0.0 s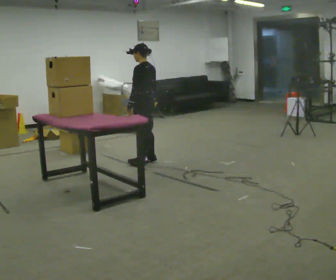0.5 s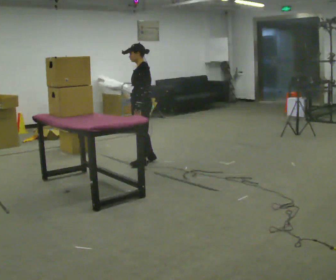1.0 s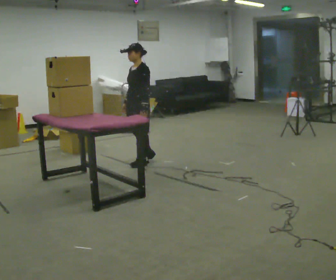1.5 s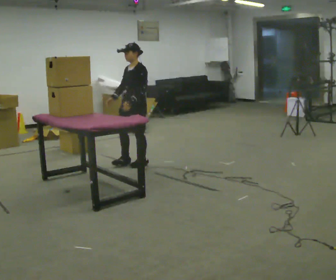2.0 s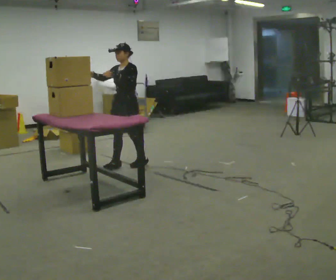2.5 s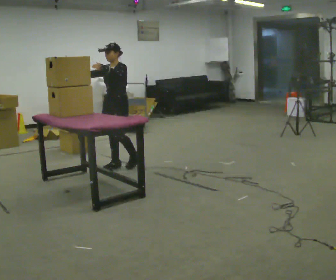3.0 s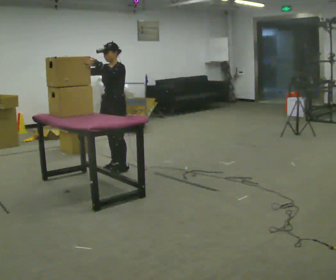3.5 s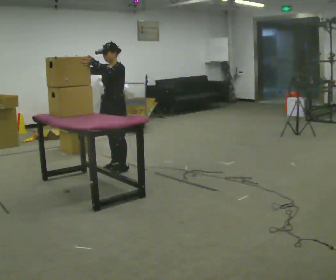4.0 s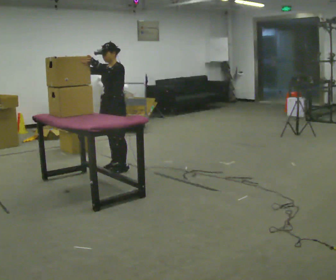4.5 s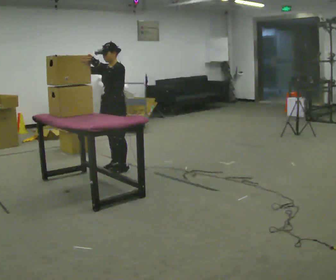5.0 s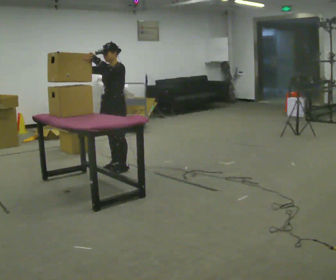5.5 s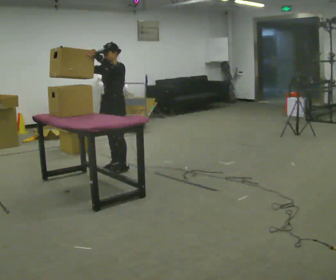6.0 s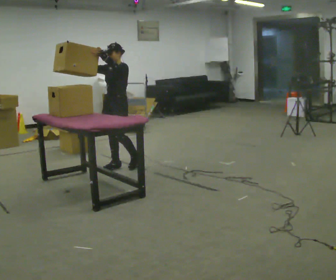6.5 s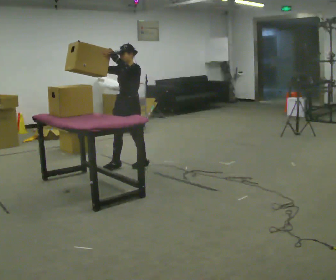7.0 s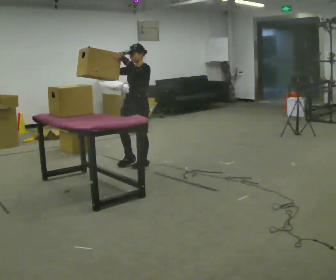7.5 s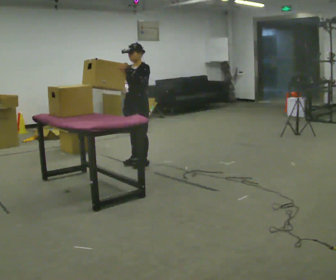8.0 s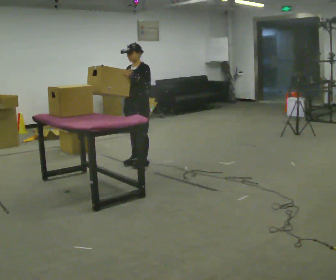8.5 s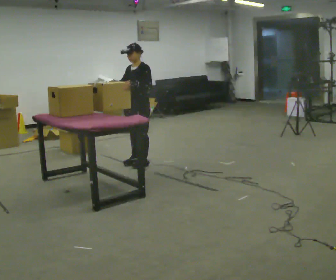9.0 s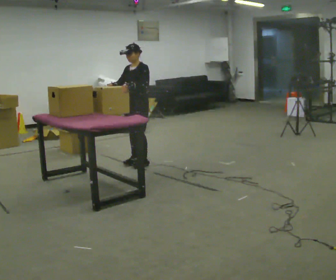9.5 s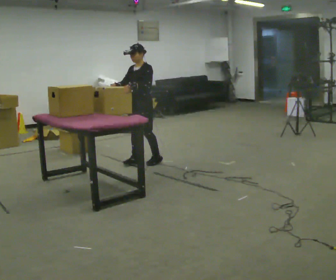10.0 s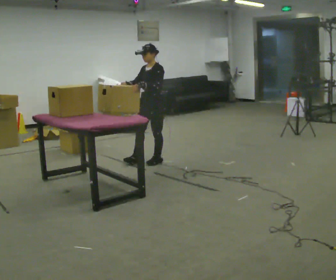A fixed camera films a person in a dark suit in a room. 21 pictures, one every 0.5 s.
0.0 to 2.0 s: The part of the body nearest the lens slides to the right as the person turns to their left by about 75 degrees. In the picture they go to the left, about 0.25 m in 1 step. In the picture their right hand goes upward, the arm swinging clockwise.
2.0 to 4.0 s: In the picture they go to the left, about 0.25 m in 1 step, which for them is forward.
4.0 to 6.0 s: The person moves a little, or ends about where they began.
6.0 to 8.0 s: In the picture they go to the right, about 0.25 m in 1 step, which for them is backward.
8.0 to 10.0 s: In the picture they go to the right, about 0.25 m in 1 step, which for them is backward.
The film runs backward here.
